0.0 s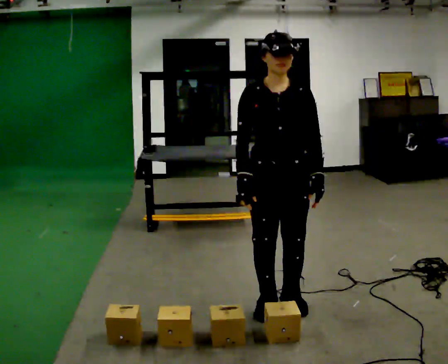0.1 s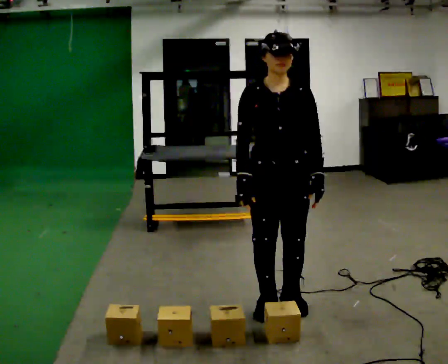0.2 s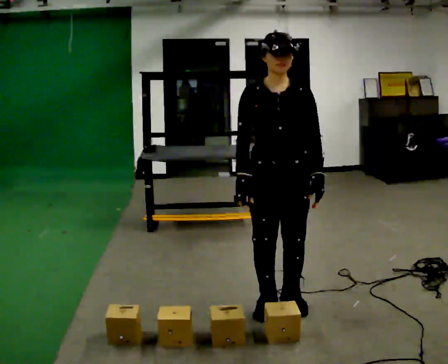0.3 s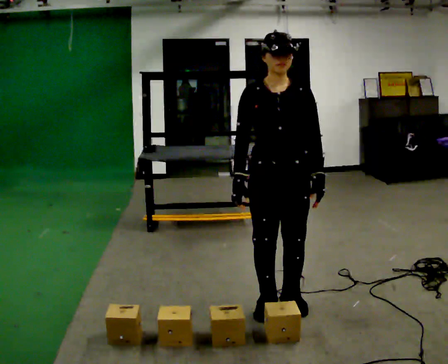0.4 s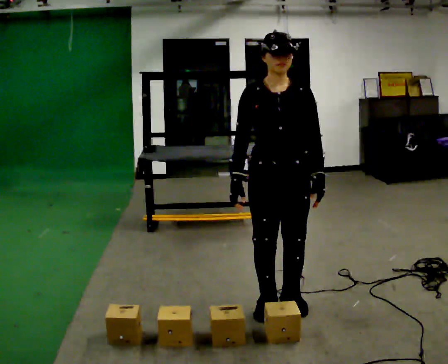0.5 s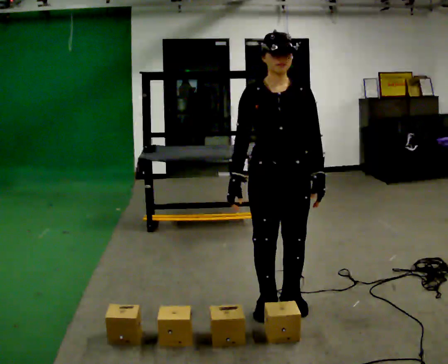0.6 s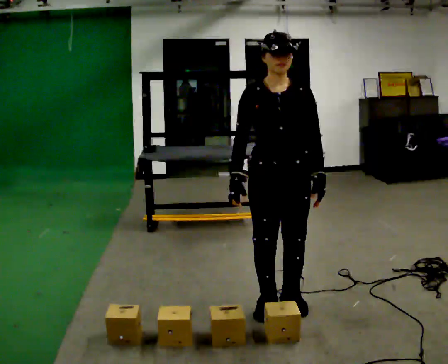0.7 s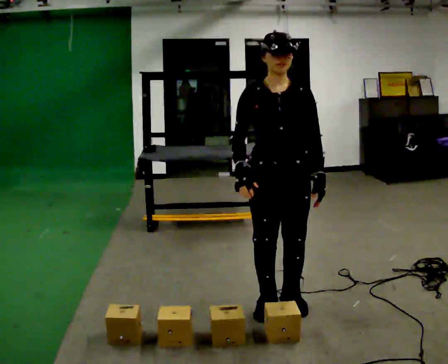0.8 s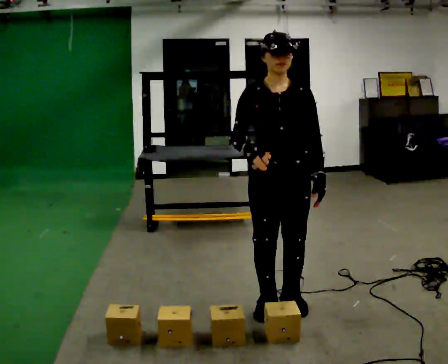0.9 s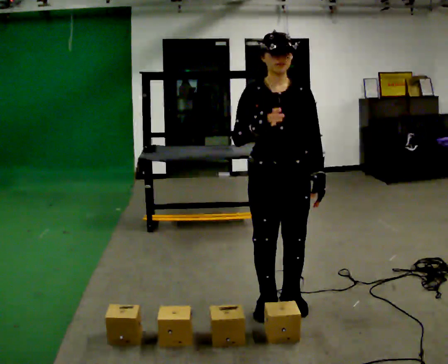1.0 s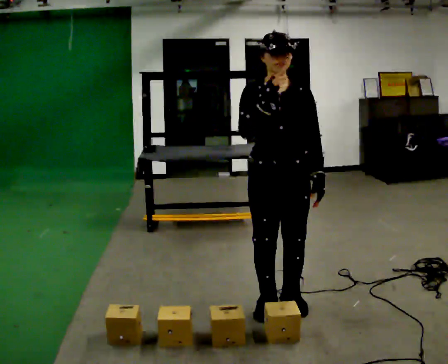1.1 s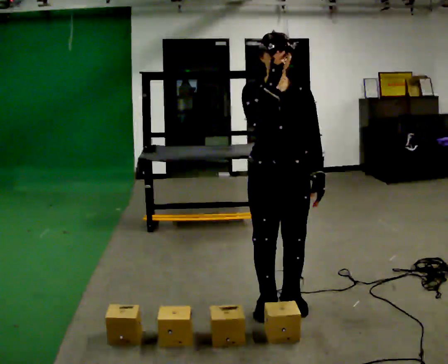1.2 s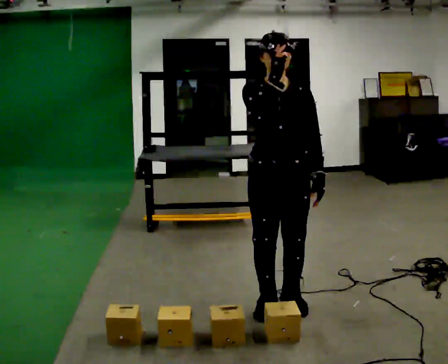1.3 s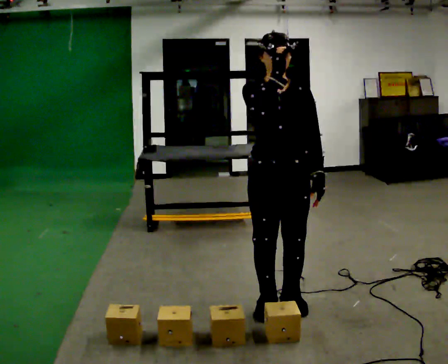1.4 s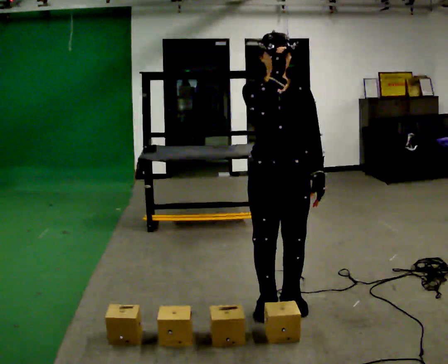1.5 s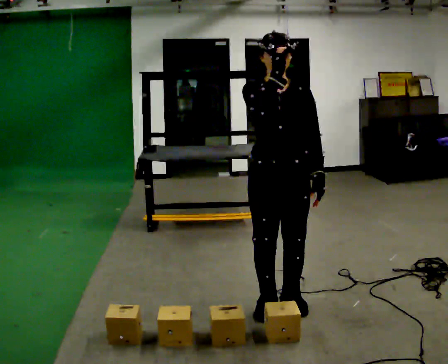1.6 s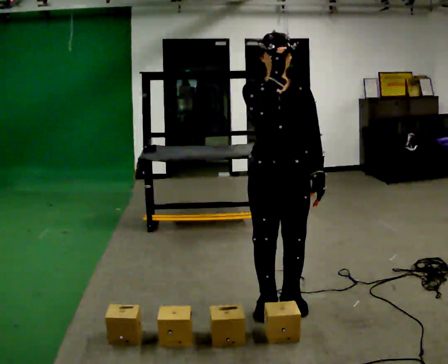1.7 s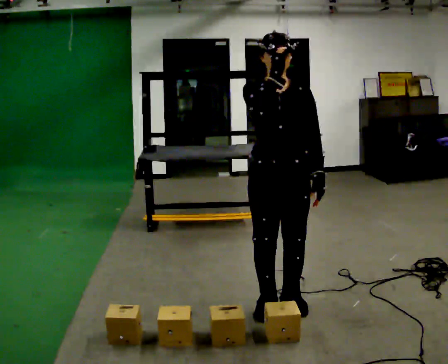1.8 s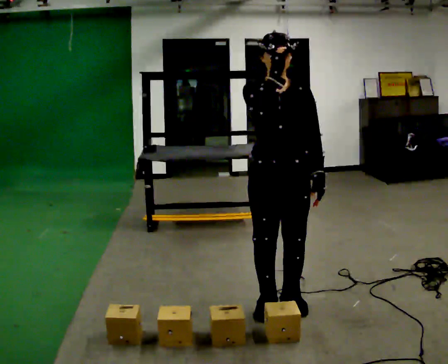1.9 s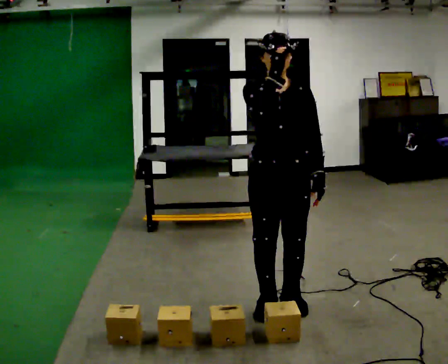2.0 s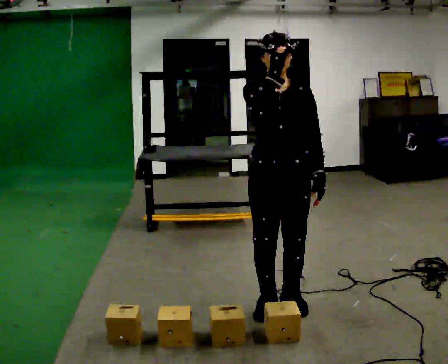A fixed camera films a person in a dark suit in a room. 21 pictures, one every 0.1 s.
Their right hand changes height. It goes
upward.
0.0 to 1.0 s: In the picture their right hand goes upward.
1.0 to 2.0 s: The person moves a little, or ends about where they began.
The film runs backward here.
